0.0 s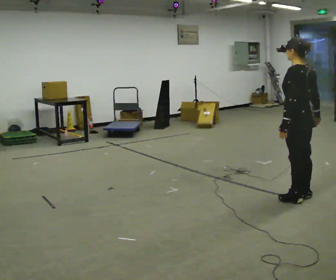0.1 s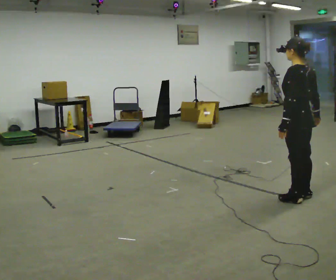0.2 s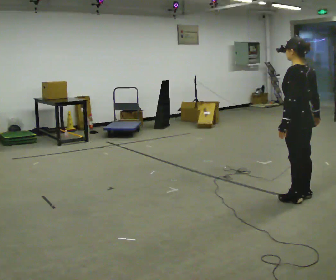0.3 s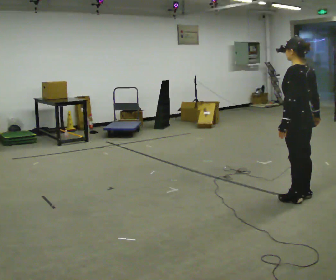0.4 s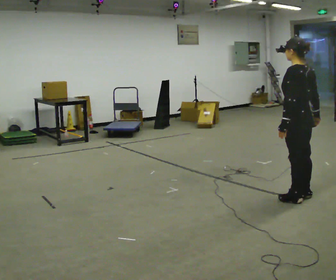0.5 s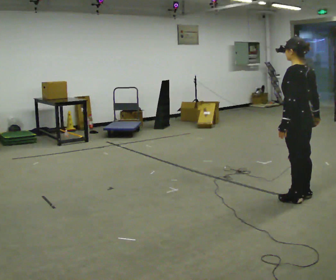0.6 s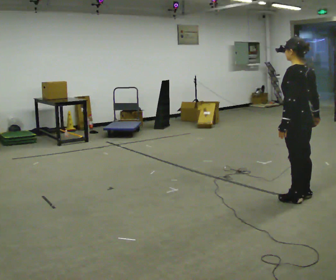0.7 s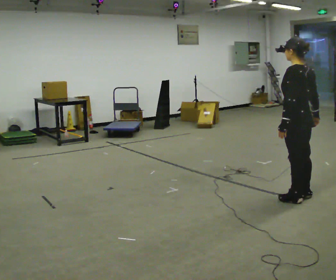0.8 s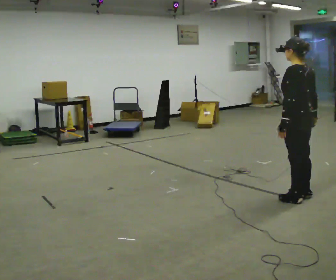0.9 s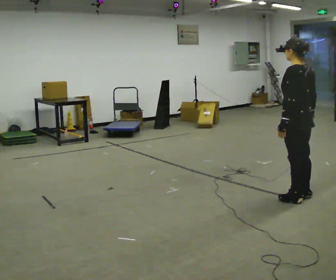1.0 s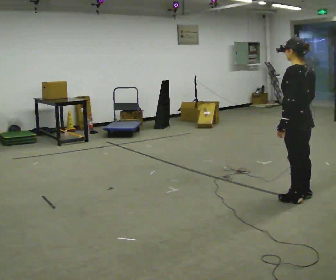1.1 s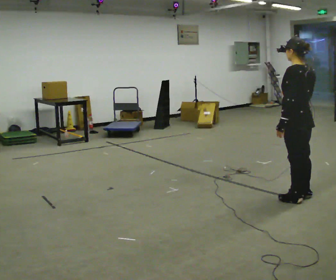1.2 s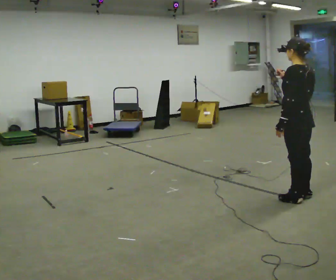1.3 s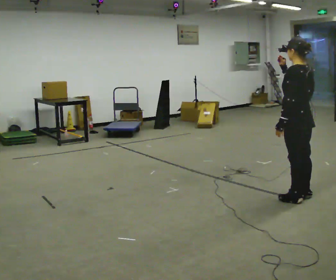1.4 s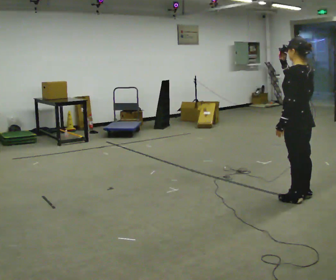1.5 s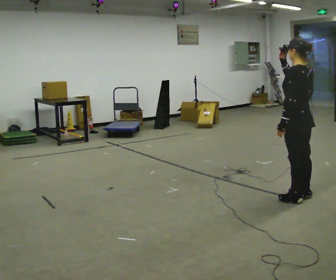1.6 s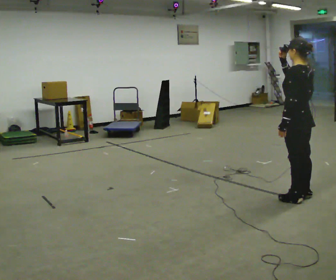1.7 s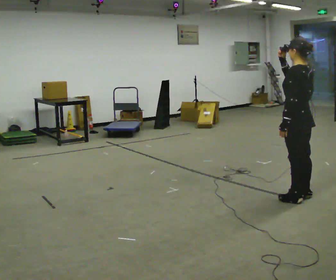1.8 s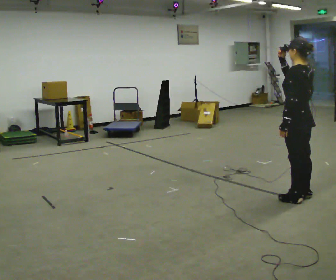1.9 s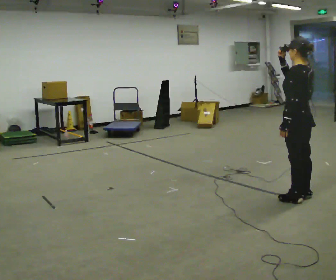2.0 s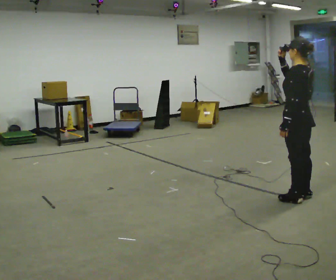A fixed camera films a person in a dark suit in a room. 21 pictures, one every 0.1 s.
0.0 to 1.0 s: The person moves a little, or ends about where they began.
1.0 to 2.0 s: In the picture their right hand goes upward.
The film runs forward here.
